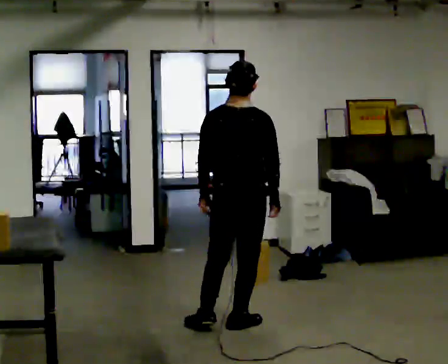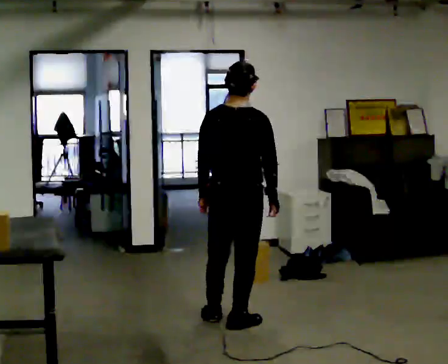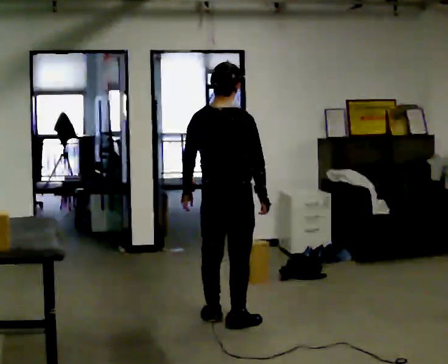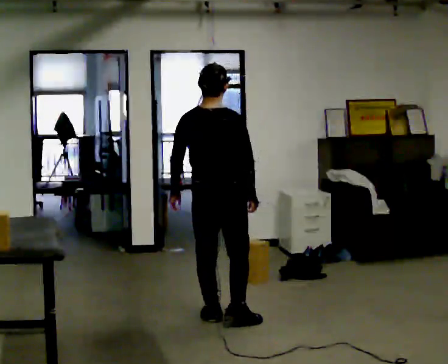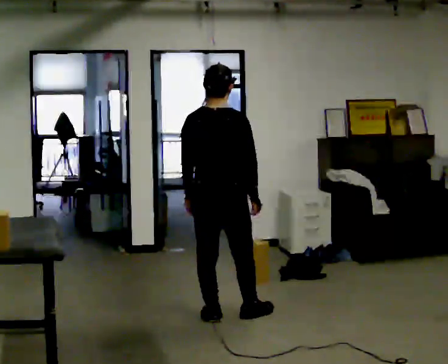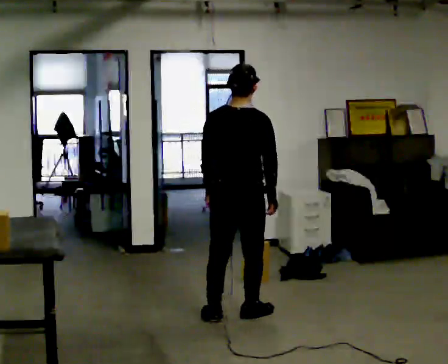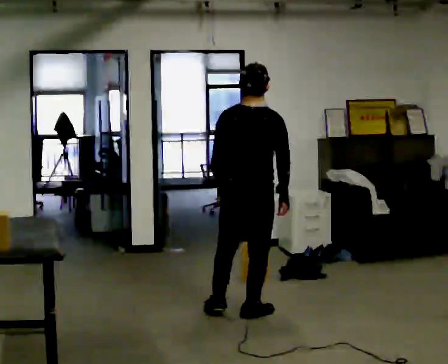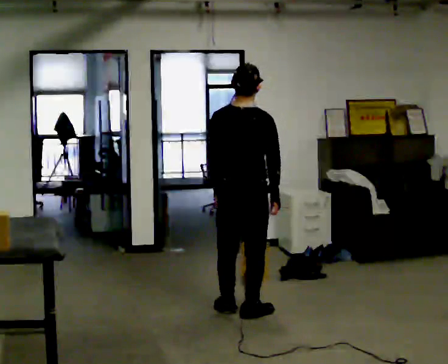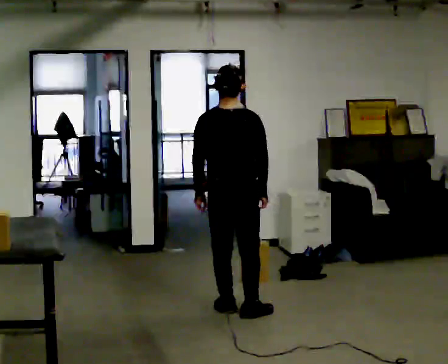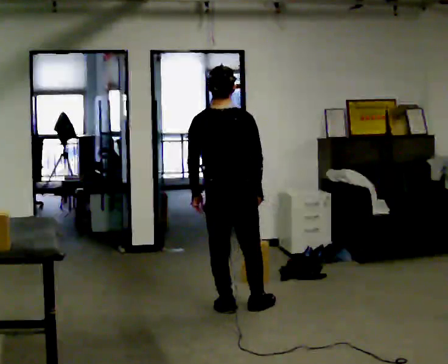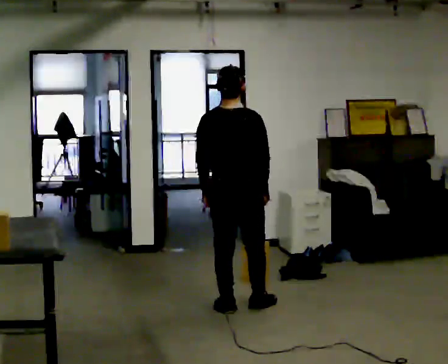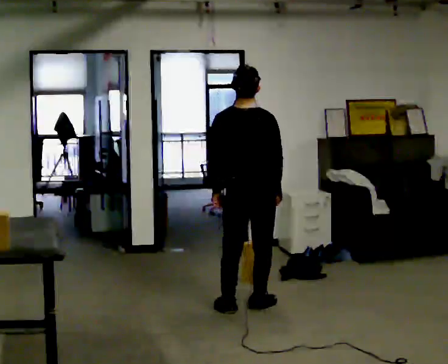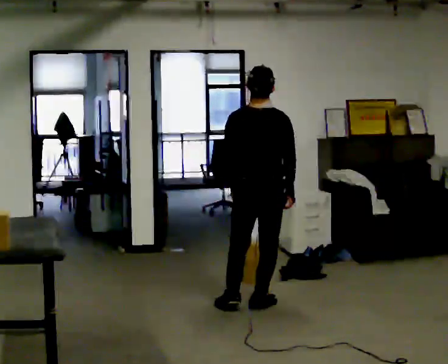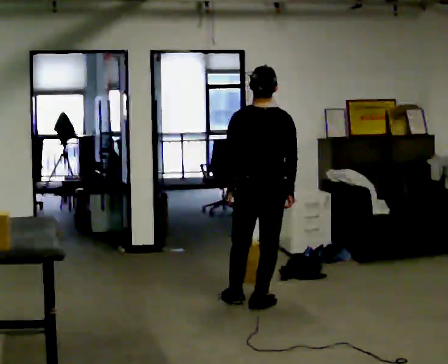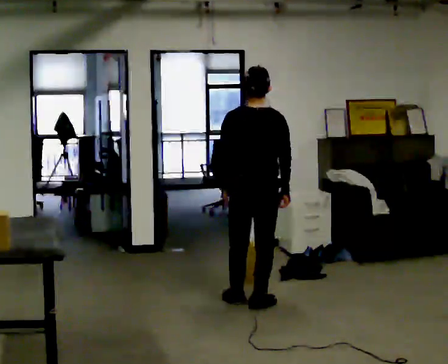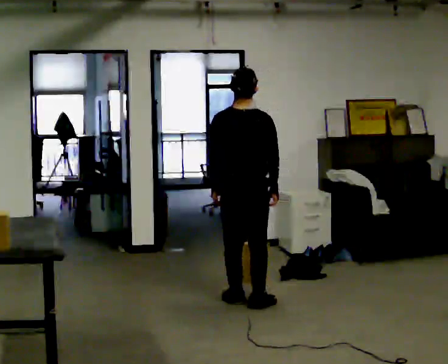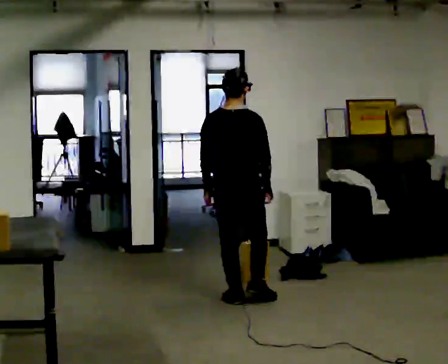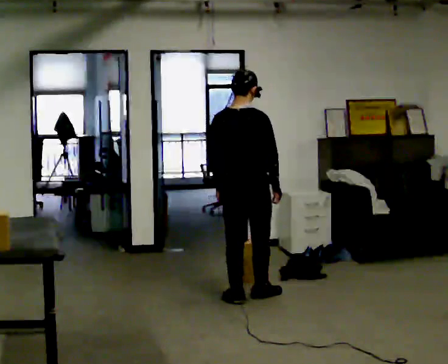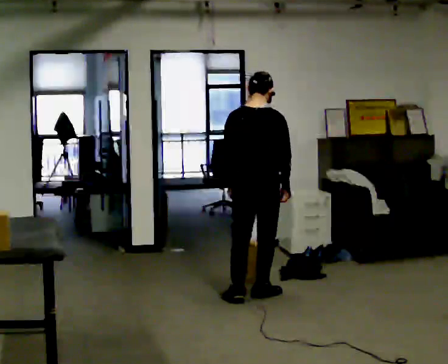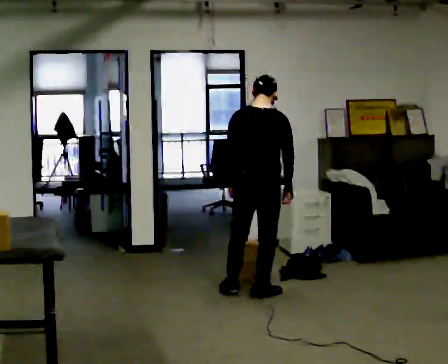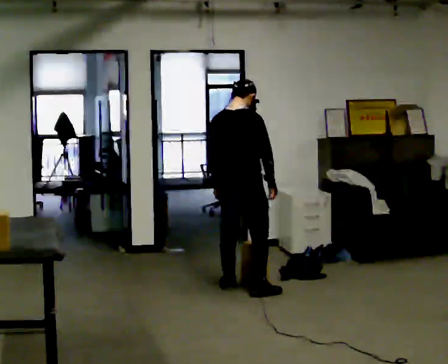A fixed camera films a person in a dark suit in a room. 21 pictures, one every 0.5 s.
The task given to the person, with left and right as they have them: Pick an object up off the floor at one end of the room, carry it across, and place it on the waist-height shelf at the other end. Keep going until the operator says stop; one object at a time, and do not rush between trips.
0.0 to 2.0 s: In the picture they go away from the camera, about 0.25 m in 2 steps, which for them is to their left and forward.
2.0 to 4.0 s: In the picture they go away from the camera, about 0.25 m in 1 step, which for them is forward.
4.0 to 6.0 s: In the picture they go to the right, about 0.25 m in 1 step, which for them is to their right.
6.0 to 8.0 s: In the picture they go away from the camera and to the left, about 0.25 m in 1 step, which for them is forward and to their left.
8.0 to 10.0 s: In the picture they go away from the camera, about 0.25 m in 2 steps, which for them is forward.
The film runs forward here.
